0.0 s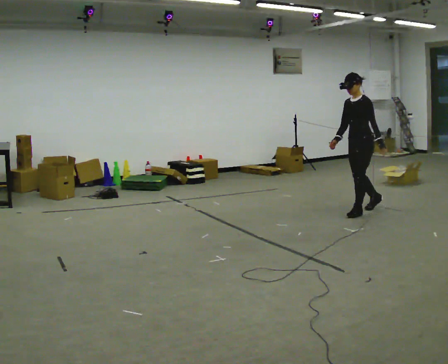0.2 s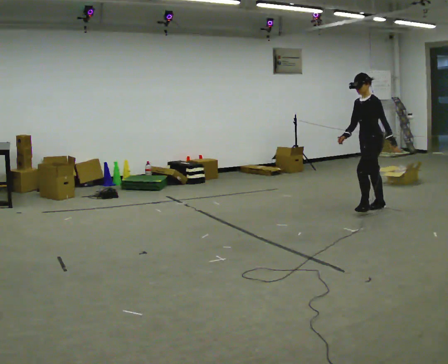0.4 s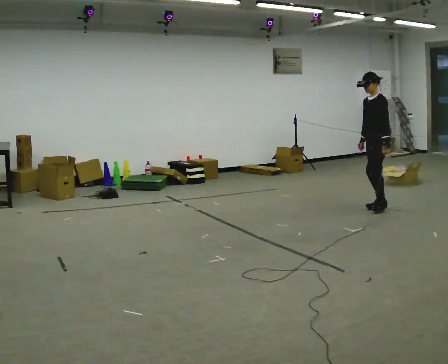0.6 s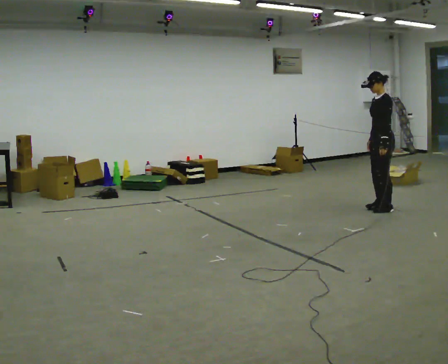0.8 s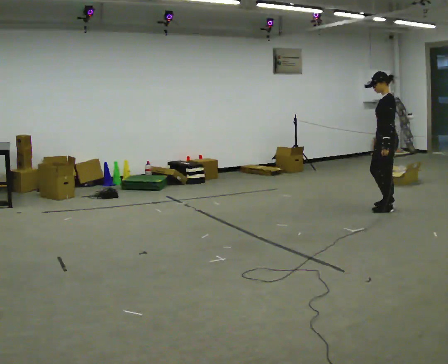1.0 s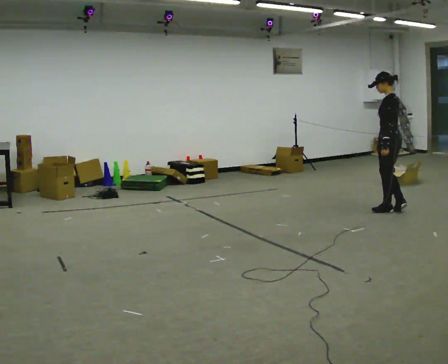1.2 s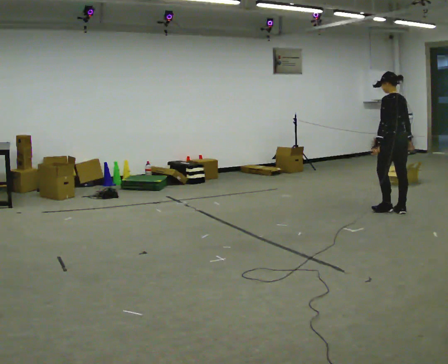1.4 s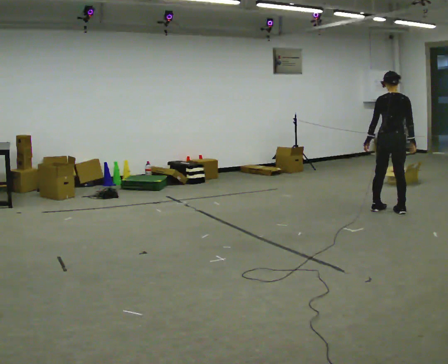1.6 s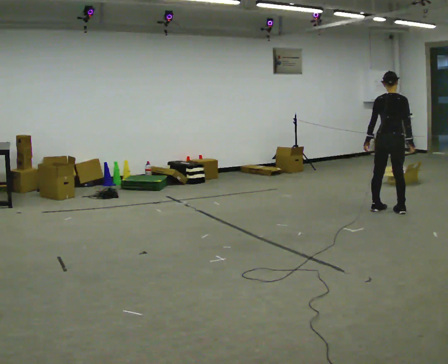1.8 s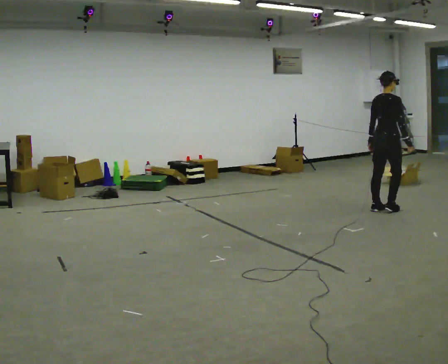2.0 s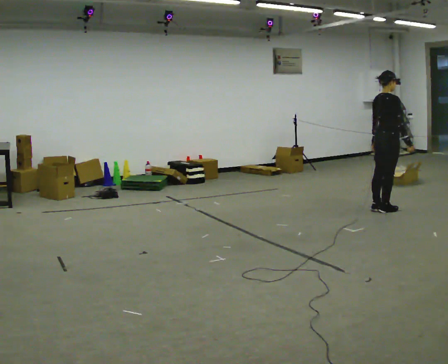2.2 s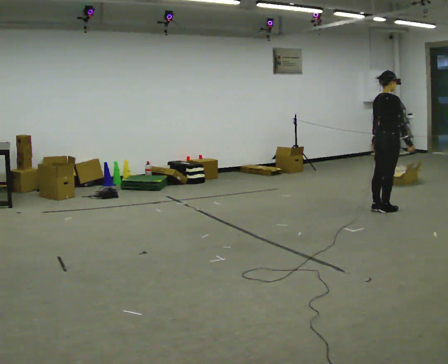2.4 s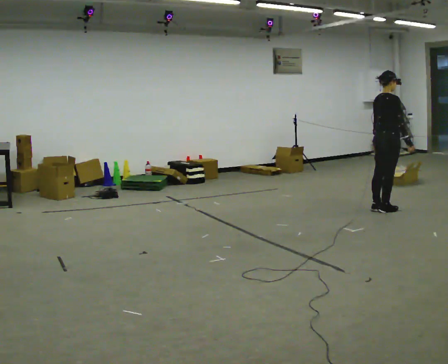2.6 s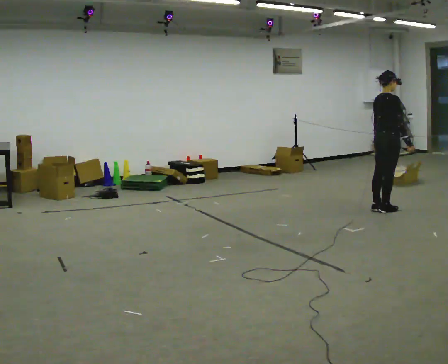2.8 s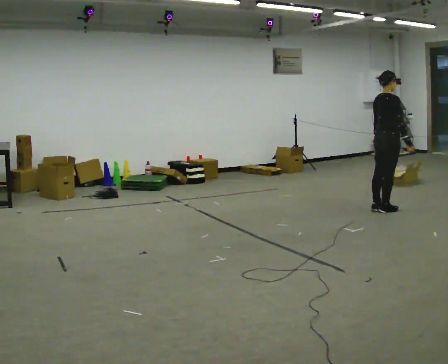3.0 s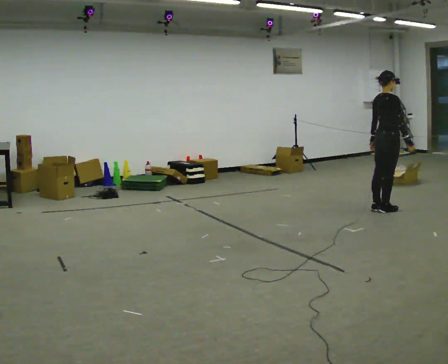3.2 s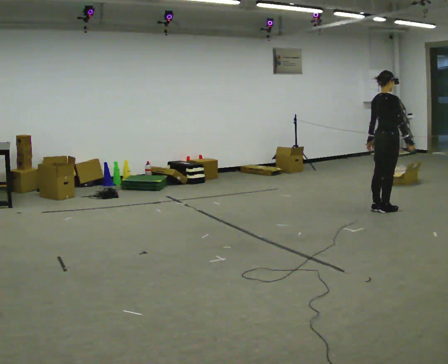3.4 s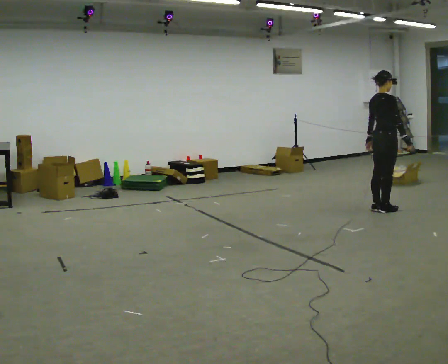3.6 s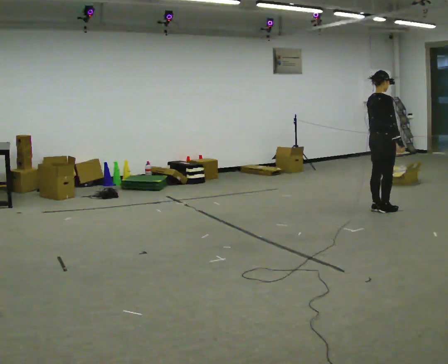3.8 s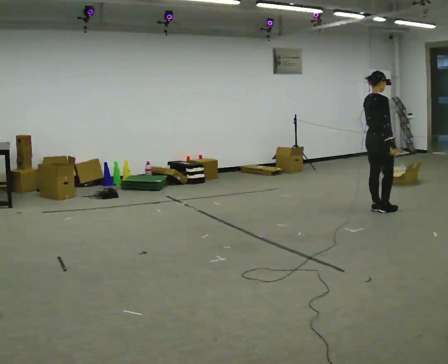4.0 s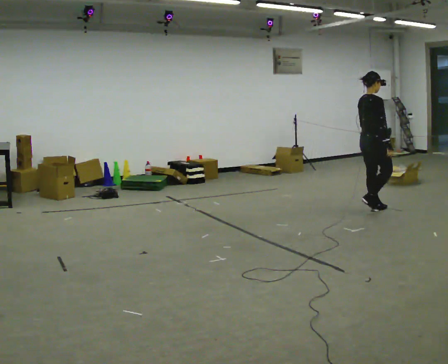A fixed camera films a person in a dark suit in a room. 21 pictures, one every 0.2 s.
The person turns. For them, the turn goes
to their right.
The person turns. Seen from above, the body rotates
clockwise.
0.0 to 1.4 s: The person turns about 120 degrees to their right, clockwise seen from above, so the part of the body nearest the lens slides to the left. In the picture they go to the right, about 0.25 m in 3 steps.
1.4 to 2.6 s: Seen from above the body turns clockwise, about 60 degrees: to their right, with its near side sliding to the left.
2.6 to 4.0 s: In the picture they go to the left, about 0.25 m in 1 step, which for them is backward.
The film runs backward here.
